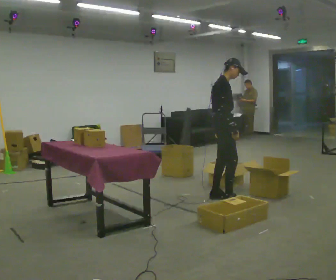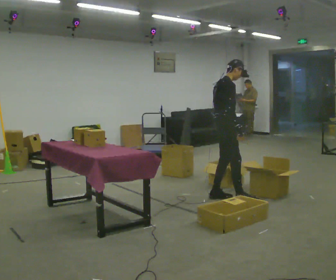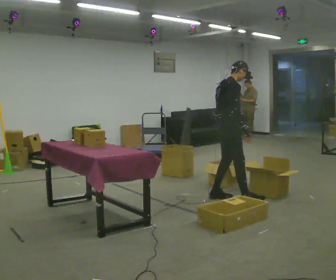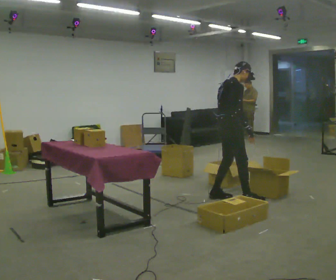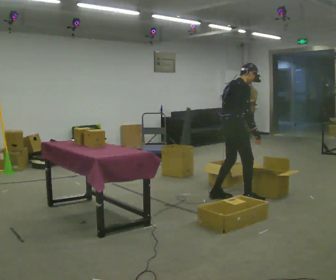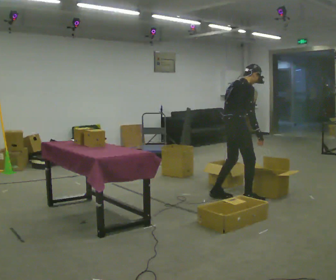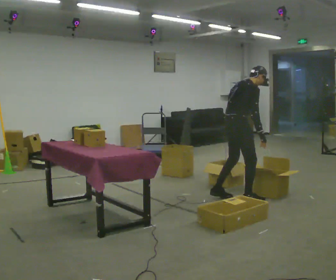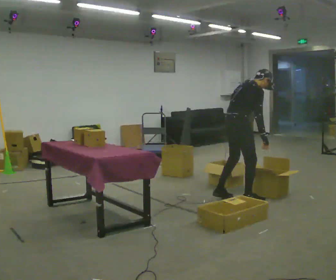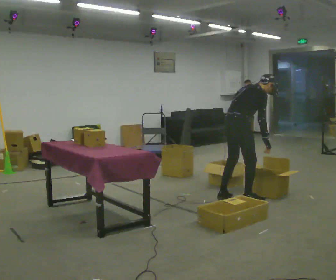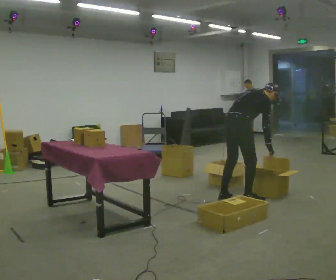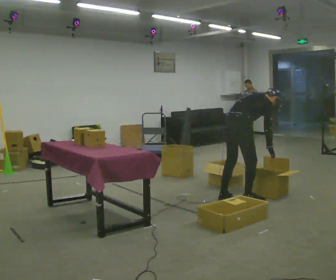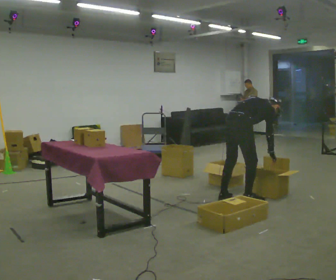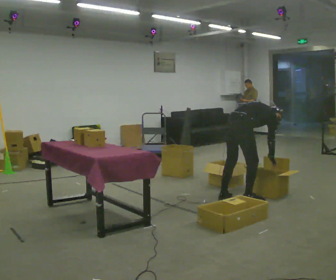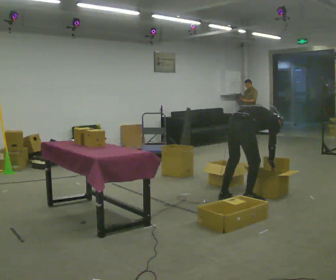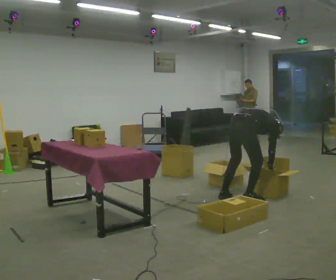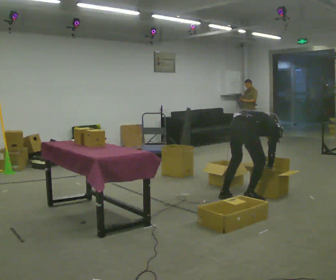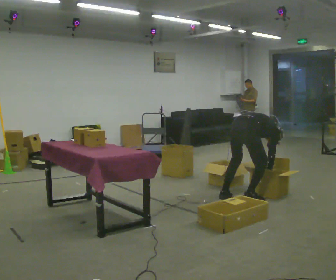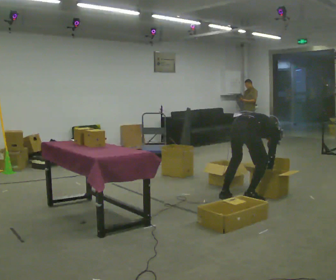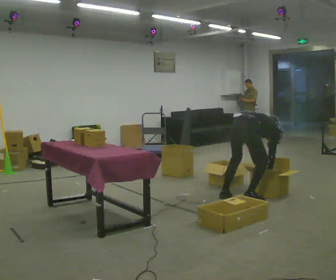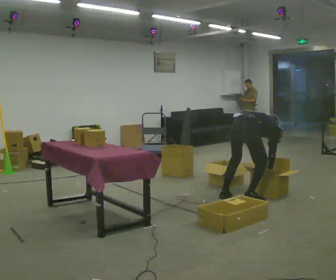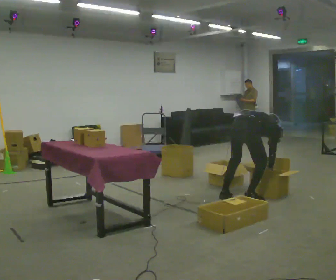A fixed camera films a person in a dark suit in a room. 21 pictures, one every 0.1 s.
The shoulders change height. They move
downward.
Their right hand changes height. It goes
downward.
0.0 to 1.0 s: Seen from above the body turns counterclockwise, about 45 degrees: to their left, with its near side sliding to the right. In the picture they go toward the camera and to the right, about 0.25 m in 1 step, which for them is to their right. The upper body goes downward. In the picture the upper body tilts clockwise, shoulders to the right, as they bend forward.
1.0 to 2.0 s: The shoulders move downward. The upper body tips away from the camera, its near side rolling upward, as they bend forward. In the picture their right hand goes downward.
The film runs backward here.
